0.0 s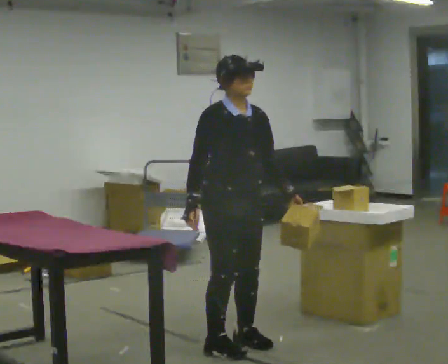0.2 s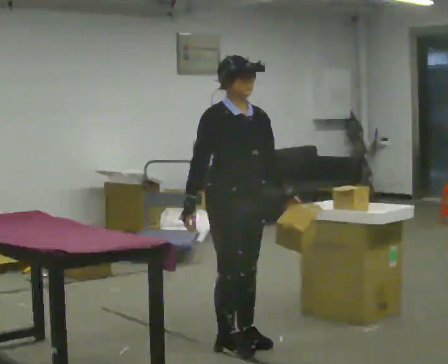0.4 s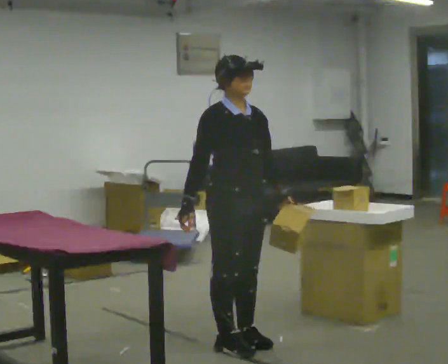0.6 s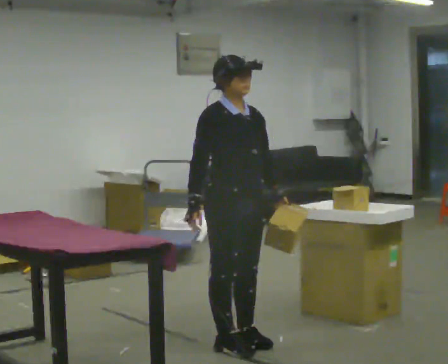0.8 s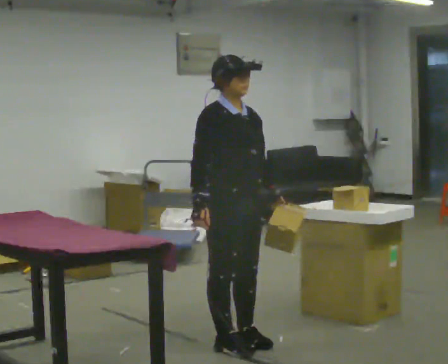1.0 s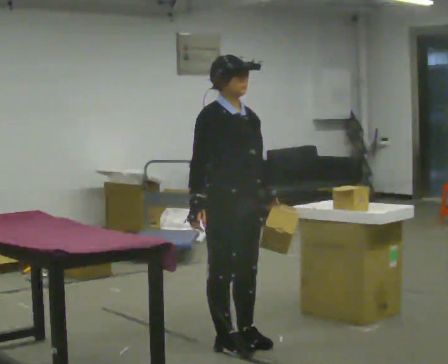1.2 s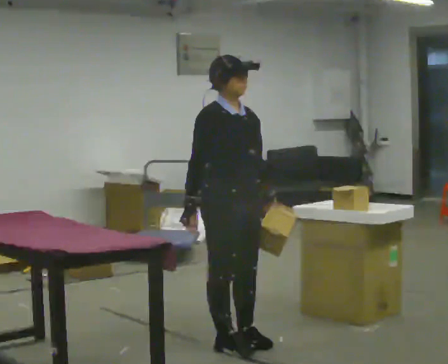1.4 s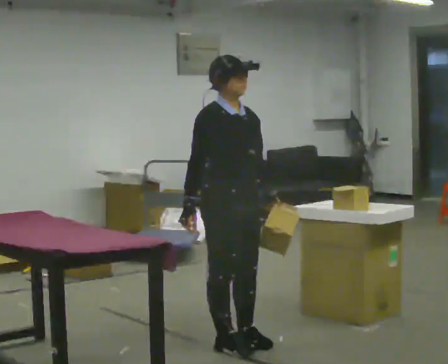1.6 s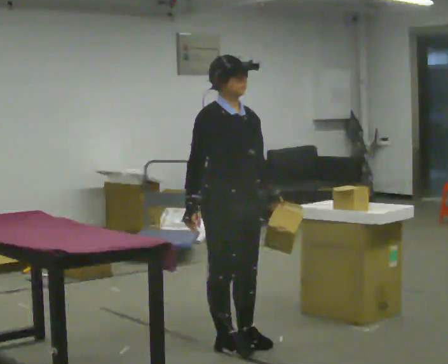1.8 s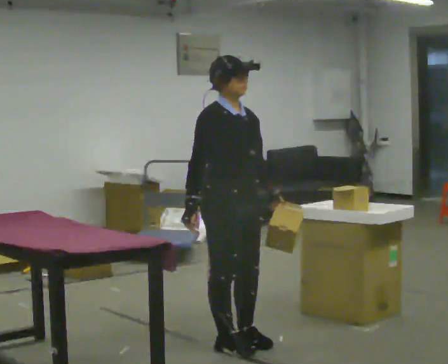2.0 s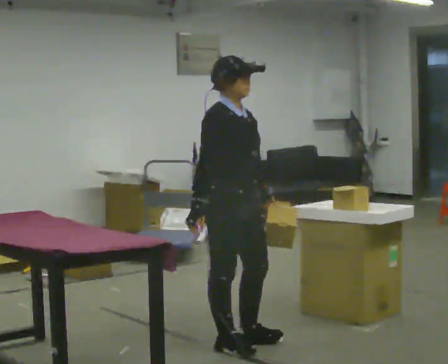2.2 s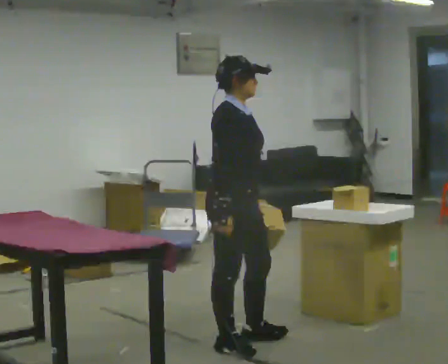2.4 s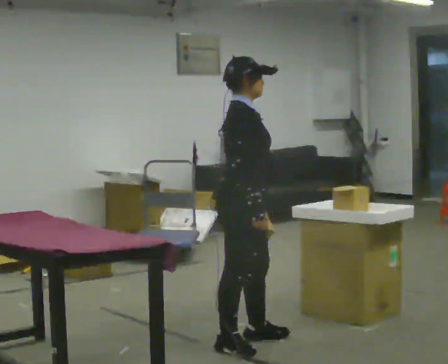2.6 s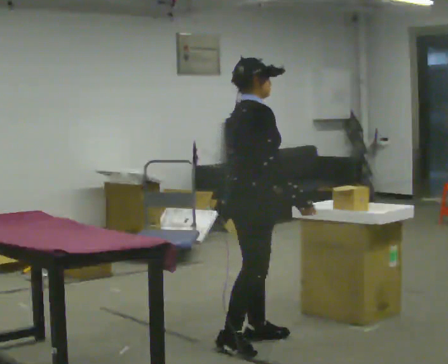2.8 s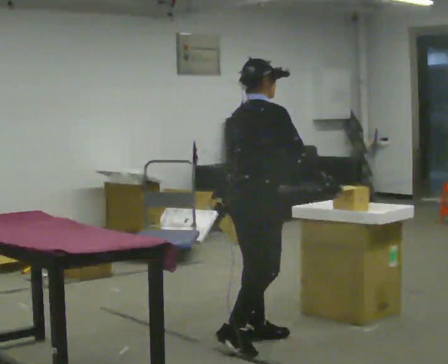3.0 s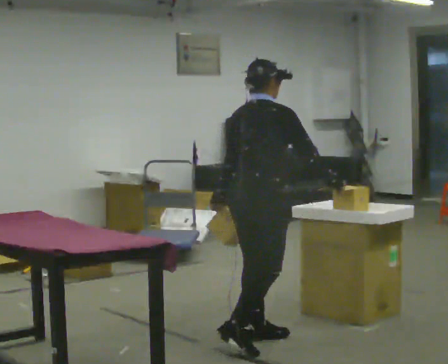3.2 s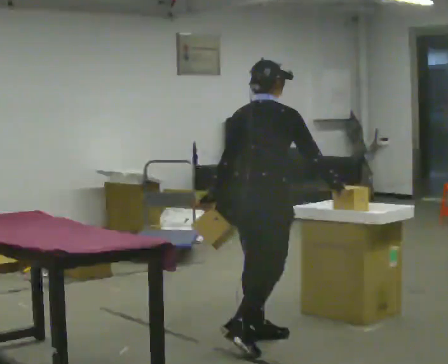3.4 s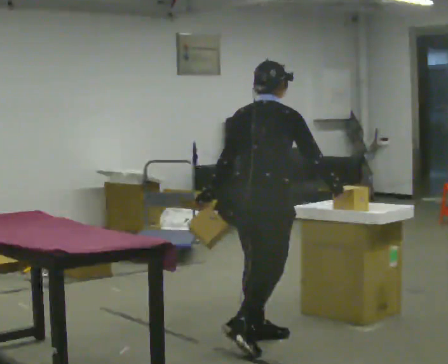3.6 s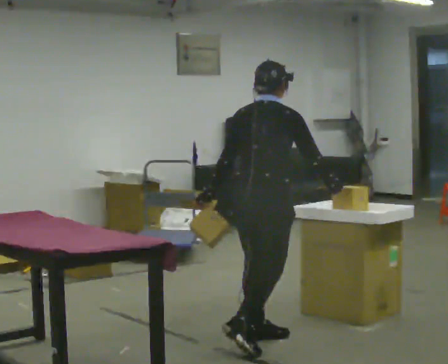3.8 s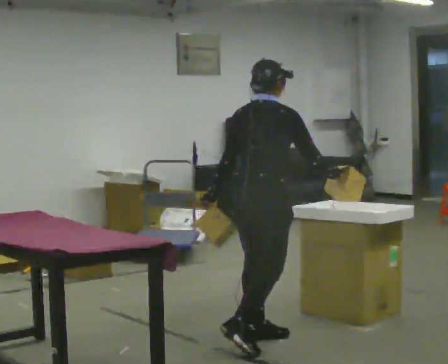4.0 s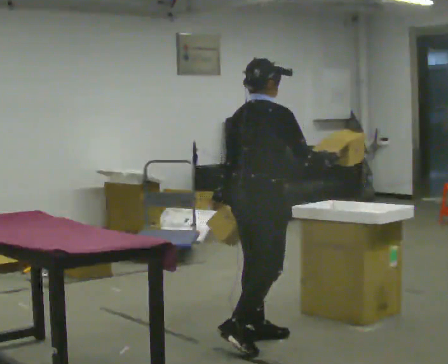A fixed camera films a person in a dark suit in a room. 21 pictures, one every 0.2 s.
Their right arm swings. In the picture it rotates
counterclockwise.
0.0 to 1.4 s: The person moves a little, or ends about where they began.
1.4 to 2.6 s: The person turns about 60 degrees to their left, counterclockwise seen from above, so the part of the body nearest the lens slides to the right. In the picture their right hand goes to the right, the arm swinging counterclockwise.
2.6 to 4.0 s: The person moves a little, or ends about where they began.
The film runs forward here.
